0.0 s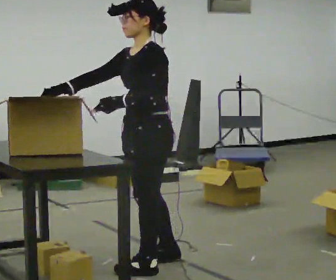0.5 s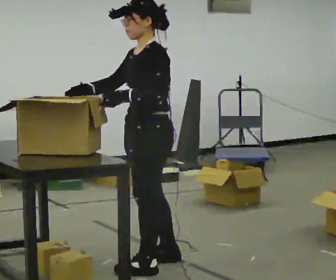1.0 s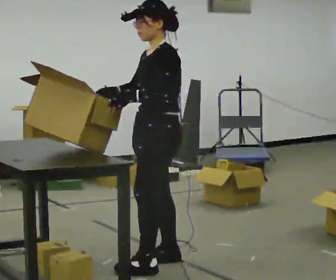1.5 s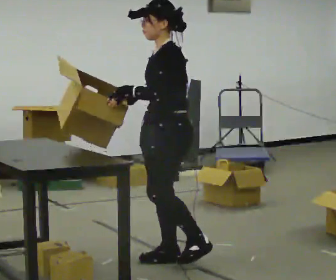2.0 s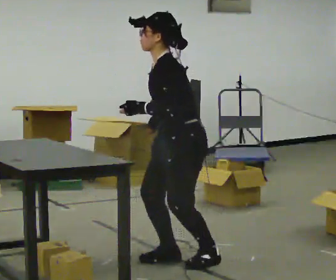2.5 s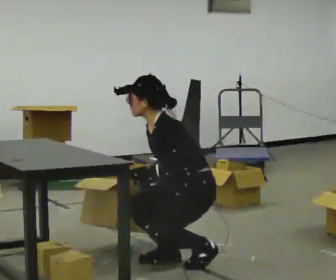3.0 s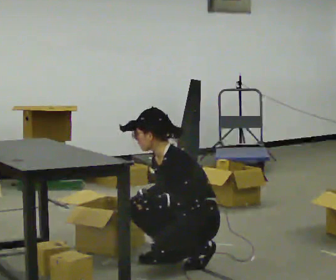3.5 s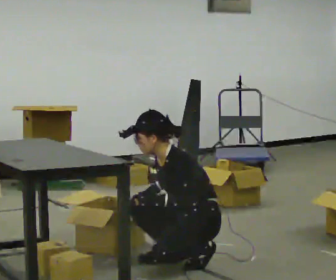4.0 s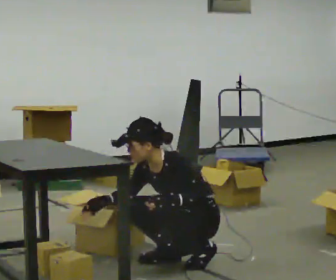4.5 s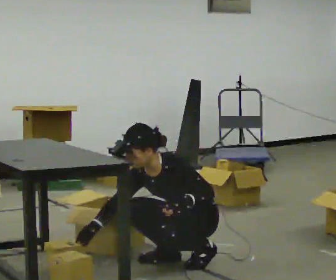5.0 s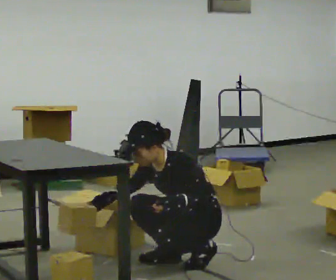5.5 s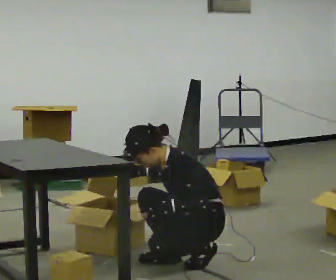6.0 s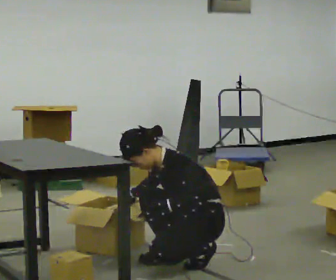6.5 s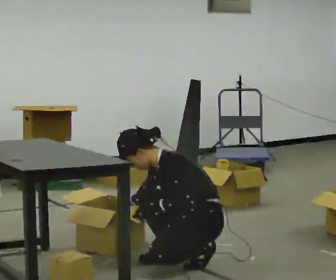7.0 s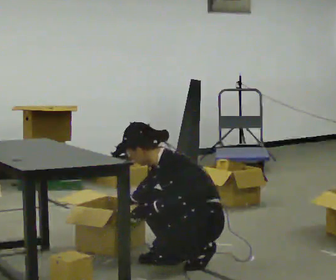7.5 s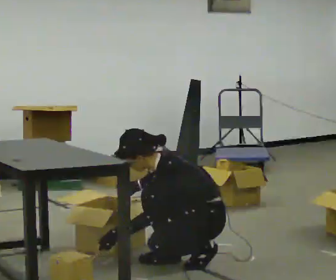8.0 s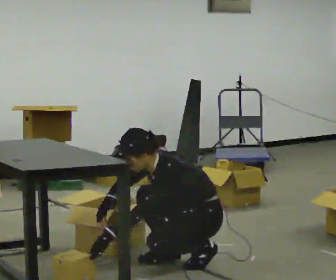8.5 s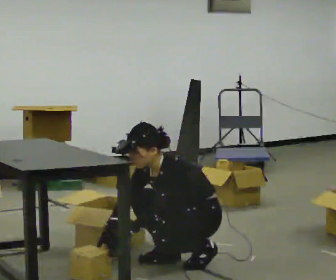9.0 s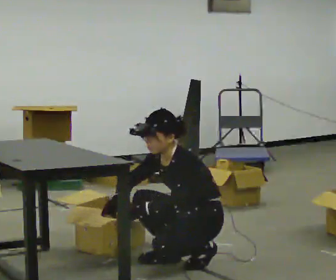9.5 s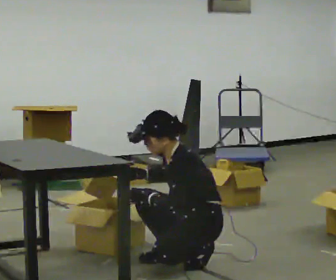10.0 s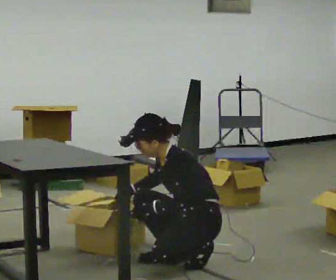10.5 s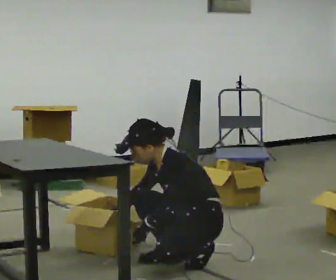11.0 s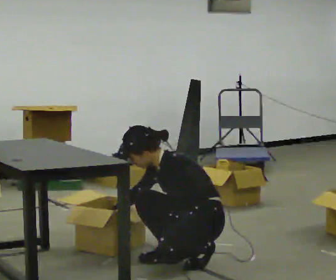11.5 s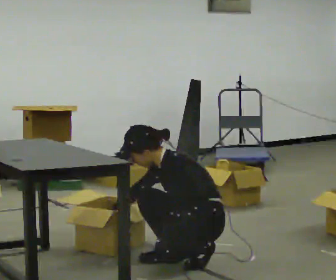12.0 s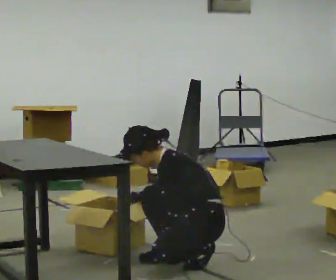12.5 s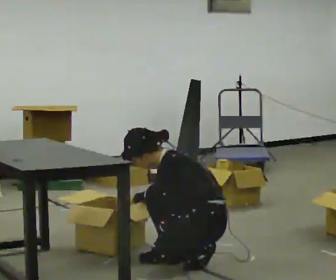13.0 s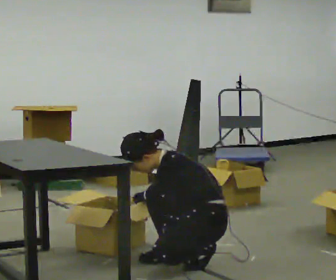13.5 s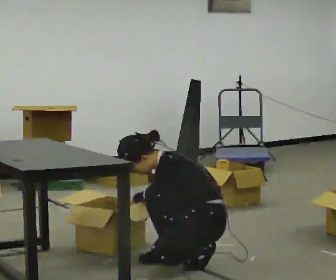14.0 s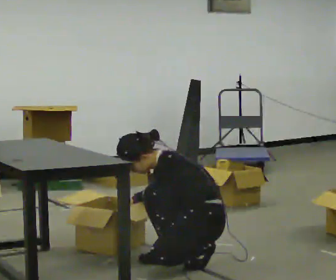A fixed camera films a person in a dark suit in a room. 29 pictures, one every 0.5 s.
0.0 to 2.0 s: In the picture they go to the right and away from the camera, about 0.25 m in 1 step, which for them is backward. In the picture their right hand goes to the right, the arm swinging counterclockwise.
2.0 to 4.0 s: The shoulders move downward. In the picture their right hand goes downward and to the left.
4.0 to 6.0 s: The person moves a little, or ends about where they began.
6.0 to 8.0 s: The upper body tips toward the camera, its near side rolling downward.
8.0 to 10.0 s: The upper body tips away from the camera, its near side rolling upward, as they lean back or straighten.
10.0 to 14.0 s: In the picture the upper body tilts counterclockwise, shoulders to the left, as they bend forward.
The film runs backward here.
